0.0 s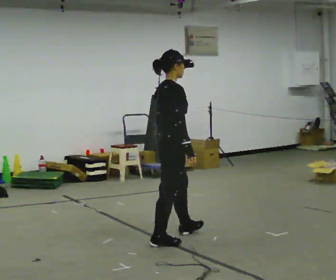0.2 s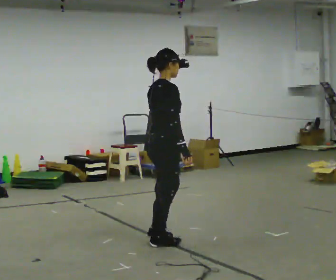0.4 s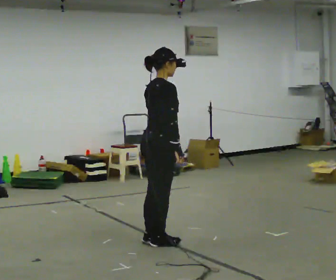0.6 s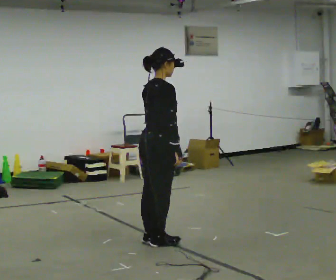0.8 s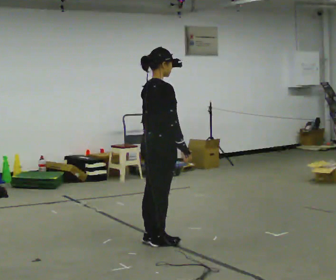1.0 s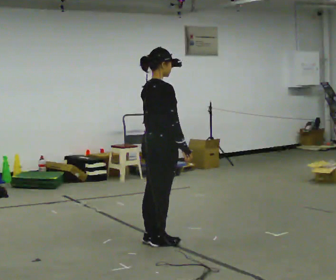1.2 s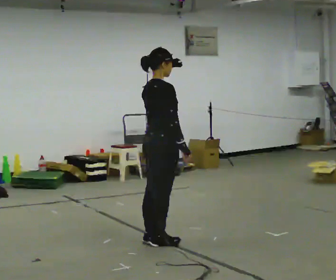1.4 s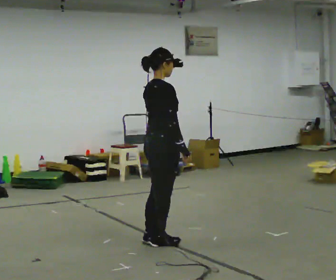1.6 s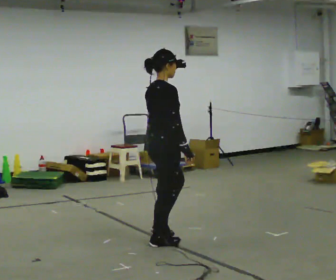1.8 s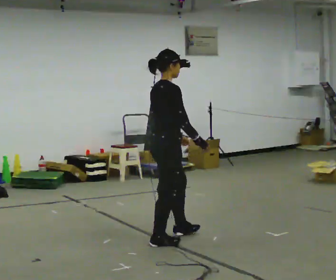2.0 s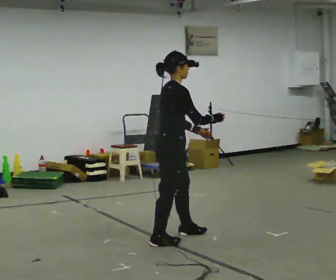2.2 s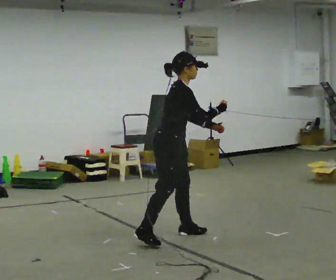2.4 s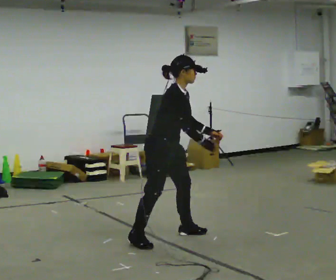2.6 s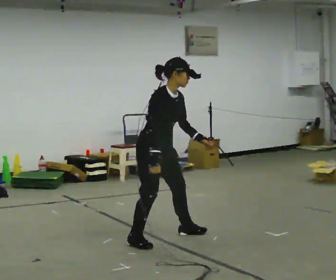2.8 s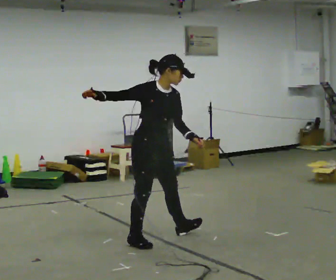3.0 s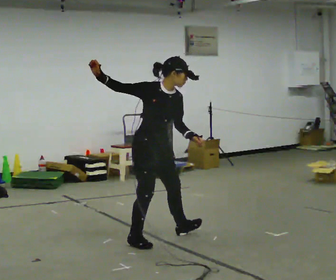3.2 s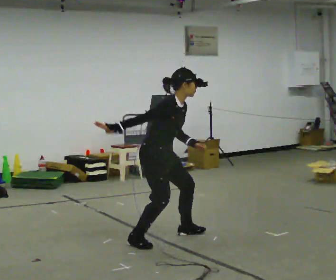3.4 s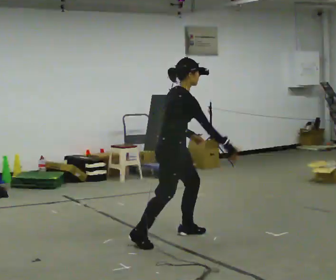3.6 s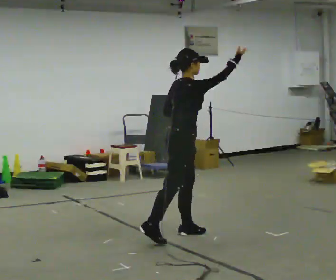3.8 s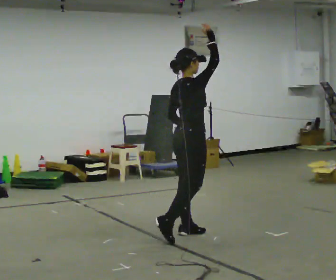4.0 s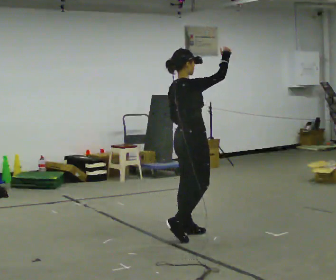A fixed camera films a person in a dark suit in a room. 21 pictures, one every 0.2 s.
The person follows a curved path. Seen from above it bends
clockwise.
0.0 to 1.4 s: The person moves a little, or ends about where they began.
1.4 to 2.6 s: The person turns about 60 degrees to their right, clockwise seen from above, so the part of the body nearest the lens slides to the left. In the picture the upper body tilts clockwise, shoulders to the right, as they bend forward. In the picture their right hand goes to the left.
2.6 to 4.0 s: The person turns about 60 degrees to their left, counterclockwise seen from above, so the part of the body nearest the lens slides to the right. In the picture they go to the right and away from the camera, about 0.25 m. In the picture their right hand goes upward.
The film runs forward here.
